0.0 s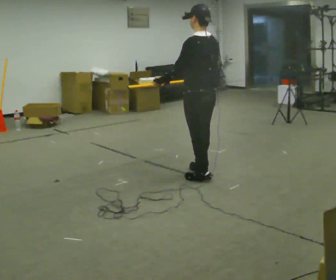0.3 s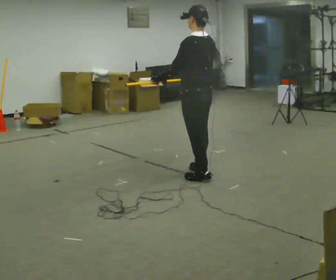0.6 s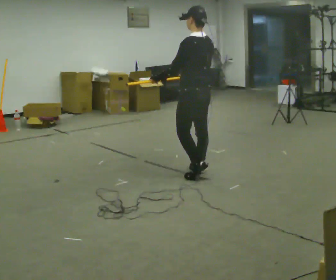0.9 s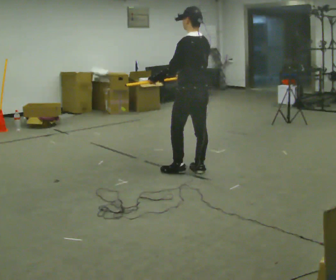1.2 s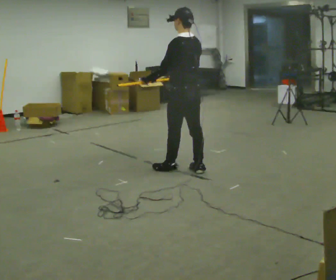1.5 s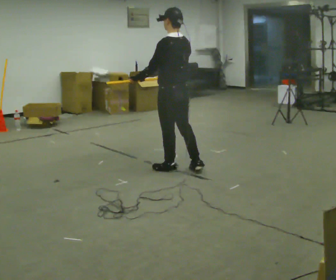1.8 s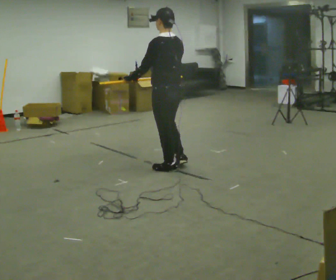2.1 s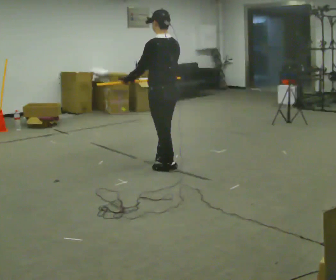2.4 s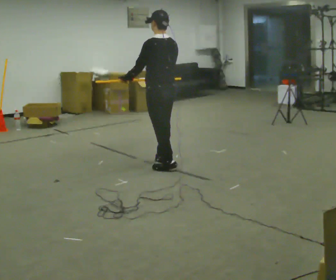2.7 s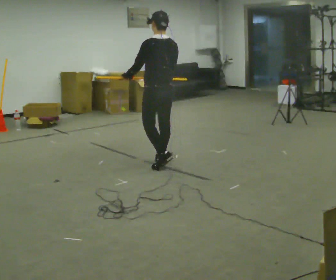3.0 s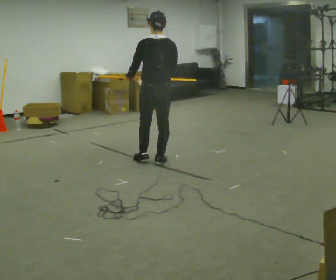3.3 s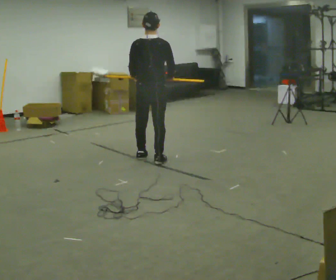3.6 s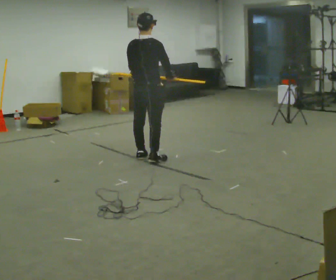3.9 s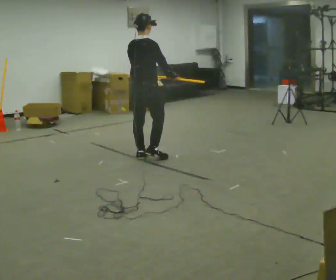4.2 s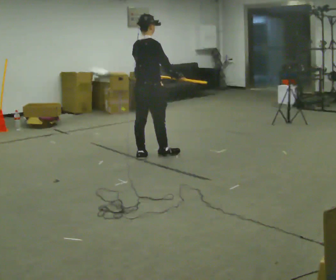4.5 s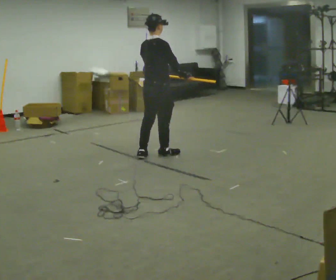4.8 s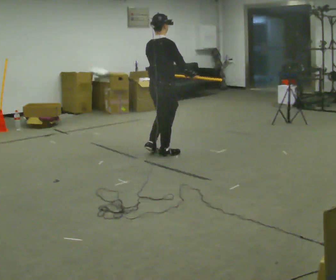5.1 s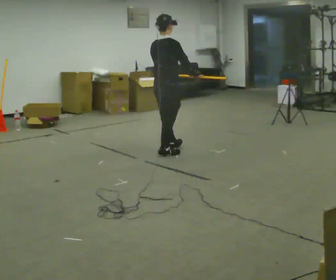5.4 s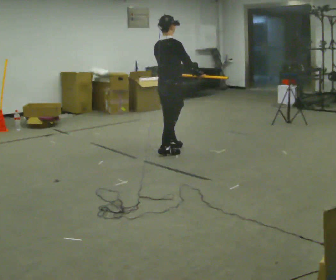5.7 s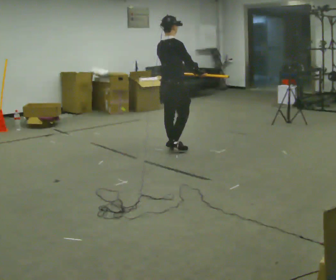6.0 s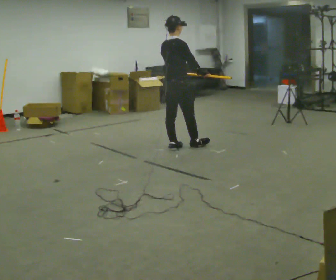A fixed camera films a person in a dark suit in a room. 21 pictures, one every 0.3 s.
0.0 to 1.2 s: In the picture they go away from the camera, about 0.25 m in 1 step, which for them is forward.
1.2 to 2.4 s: In the picture they go to the left and away from the camera, about 0.25 m in 1 step, which for them is forward.
2.4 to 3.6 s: The part of the body nearest the lens slides to the left as the person turns to their right by about 60 degrees. In the picture they go away from the camera and to the left, about 0.5 m in 1 step.
3.6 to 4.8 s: In the picture they go to the right, about 0.25 m in 1 step, which for them is forward. In the picture their left hand goes to the right.
4.8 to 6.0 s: In the picture they go away from the camera and to the right, about 0.25 m in 2 steps, which for them is forward.
The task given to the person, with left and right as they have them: Carry the long object across the room and around the corner, turning without hitting anything. Keep going until the operator says stop; one object at a time, and do not rush between trips.
The film runs forward here.
